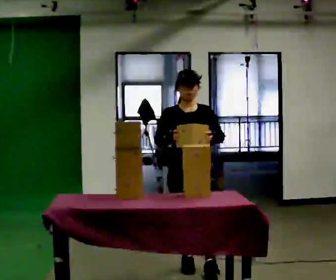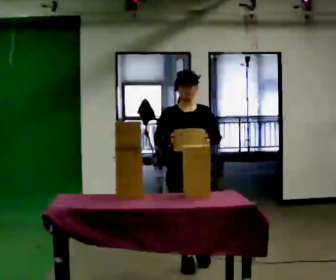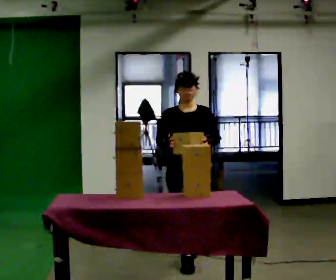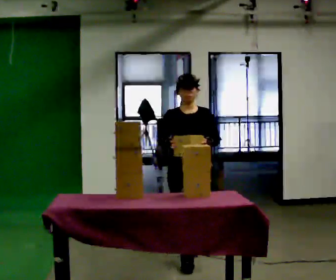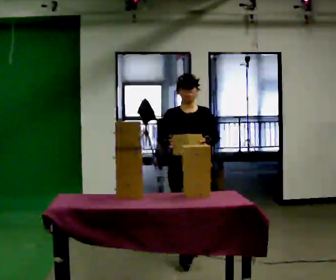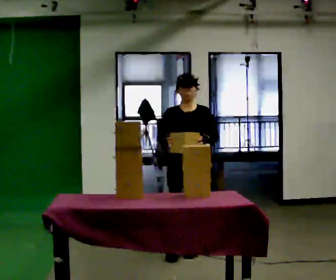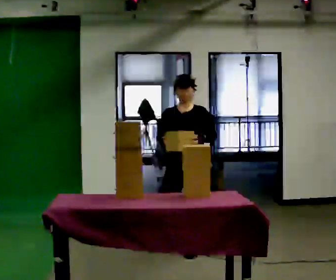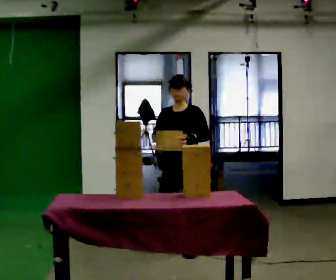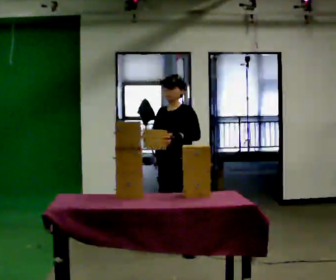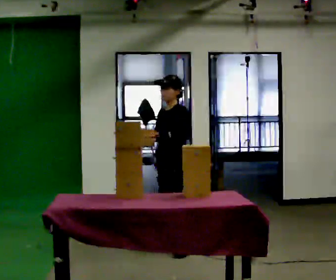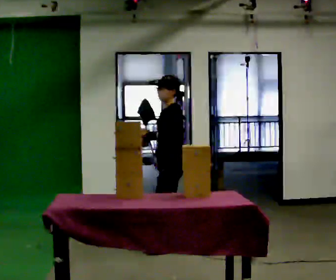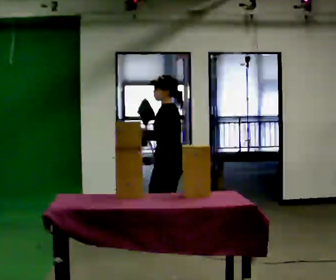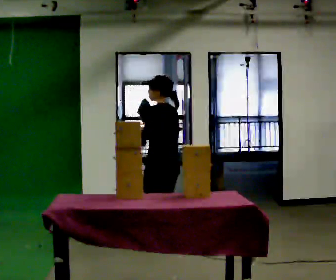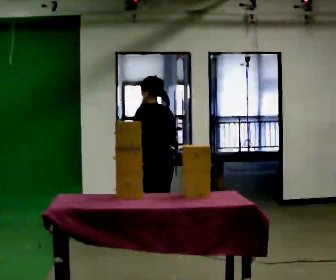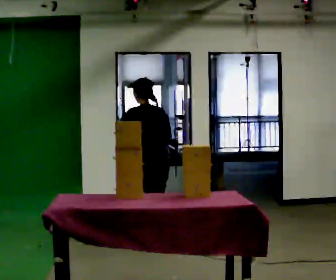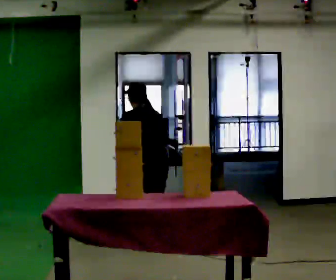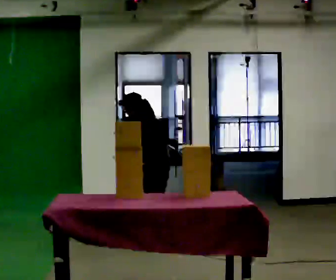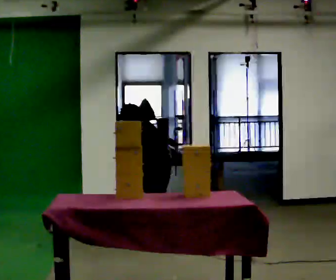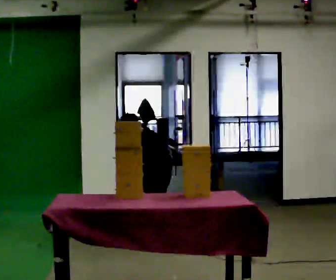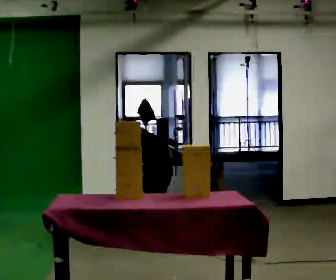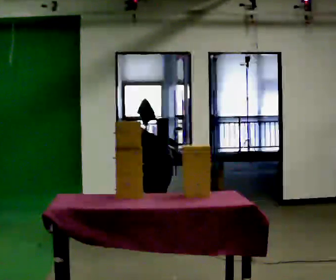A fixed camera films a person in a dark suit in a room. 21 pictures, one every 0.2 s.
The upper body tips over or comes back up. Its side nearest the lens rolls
upward.
Their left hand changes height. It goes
downward.
0.0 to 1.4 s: The part of the body nearest the lens slides to the left as the person turns to their right by about 30 degrees. In the picture they go away from the camera, about 0.75 m in 1 step, which for them is backward.
1.4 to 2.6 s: Seen from above the body turns clockwise, about 120 degrees: to their right, with its near side sliding to the left. In the picture they go to the left and away from the camera, about 0.25 m in 1 step.
2.6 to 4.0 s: The upper body goes downward. The upper body tips away from the camera, its near side rolling upward, as they bend forward. In the picture their left hand goes downward.
The film runs backward here.
